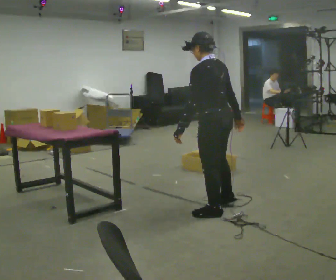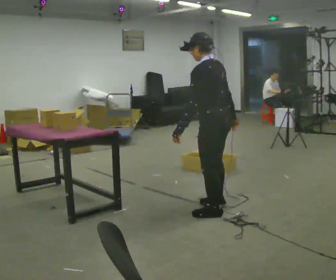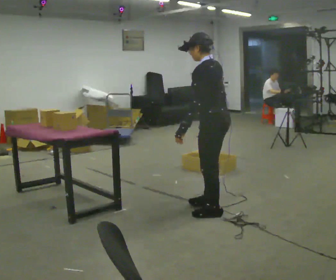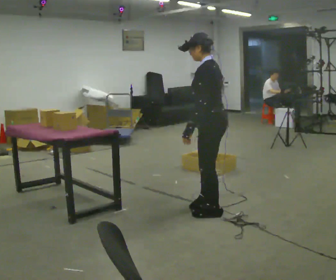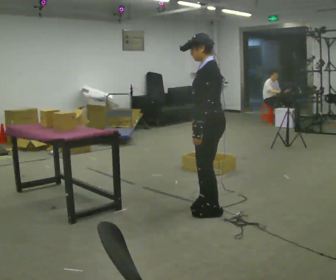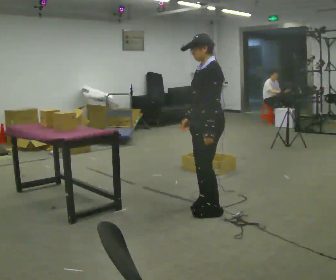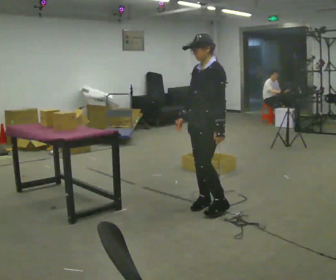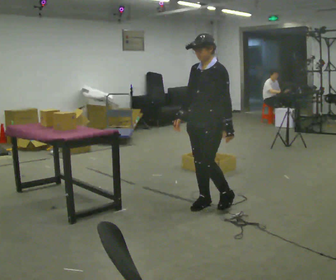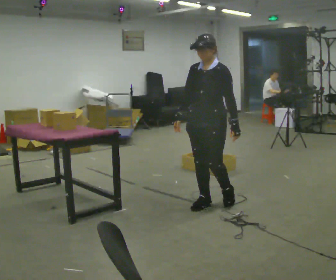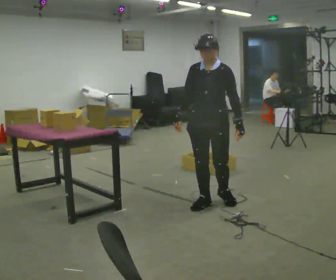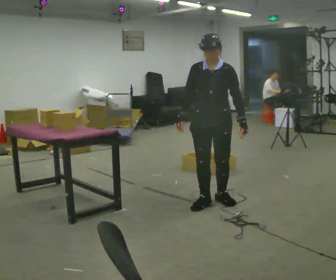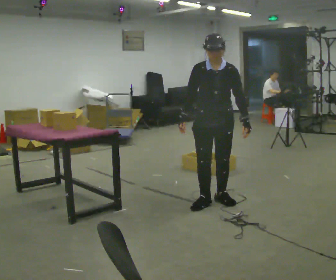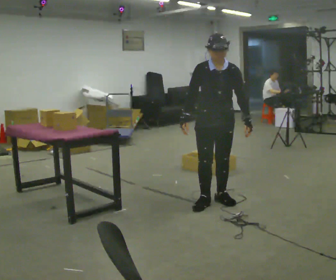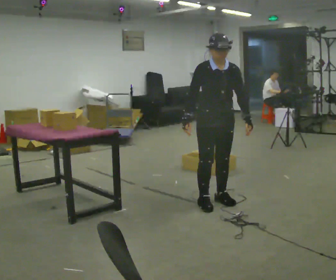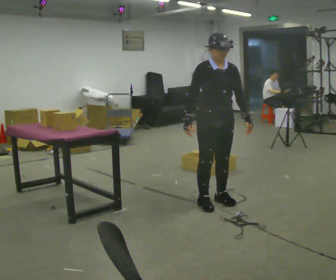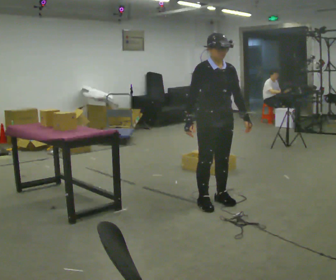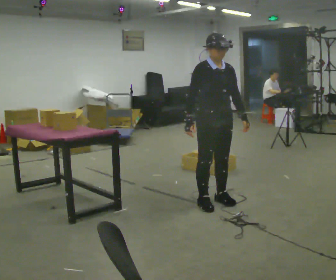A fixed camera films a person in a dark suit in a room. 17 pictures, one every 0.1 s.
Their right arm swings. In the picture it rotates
clockwise.
The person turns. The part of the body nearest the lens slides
to the right.
0.0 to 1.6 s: Seen from above the body turns counterclockwise, about 150 degrees: to their left, with its near side sliding to the right. In the picture they go away from the camera, about 0.25 m in 1 step.
The film runs backward here.
